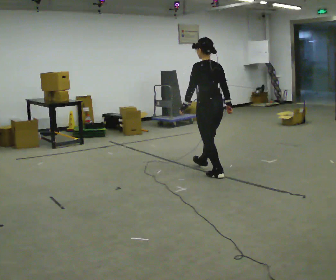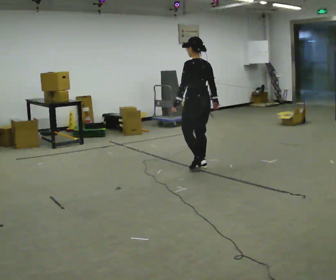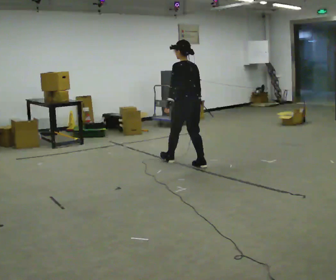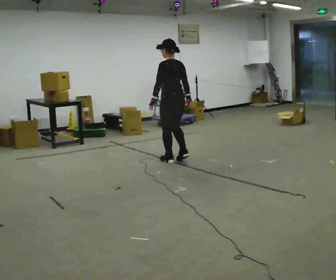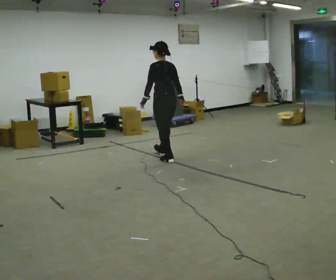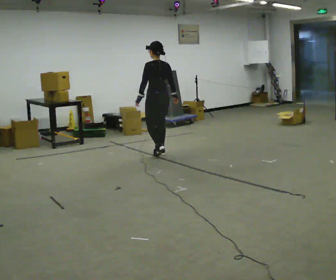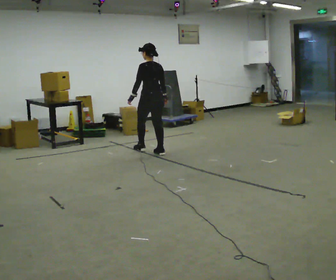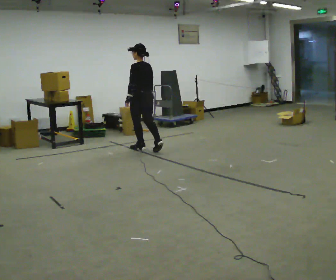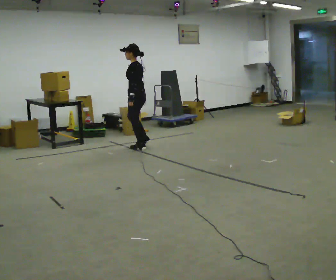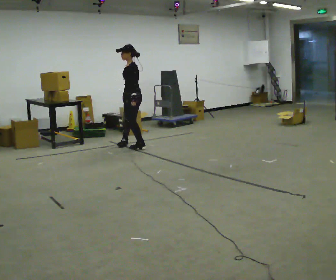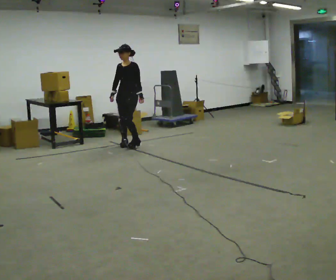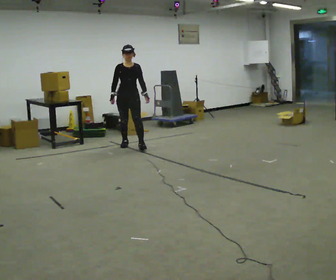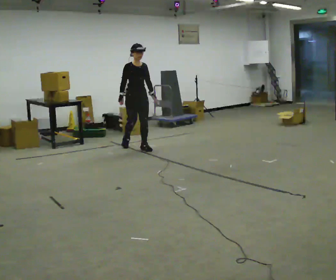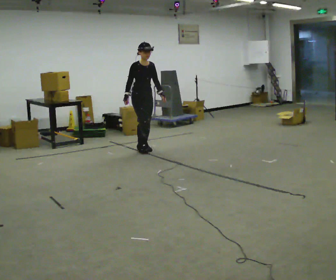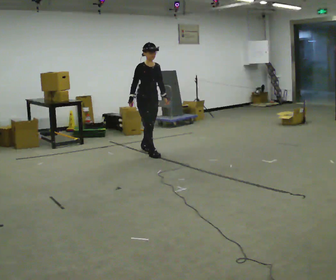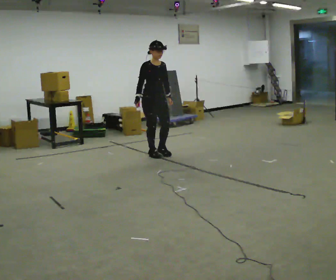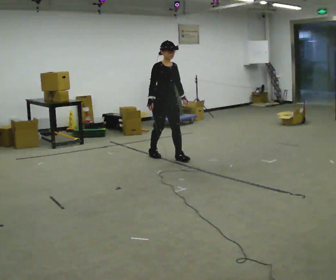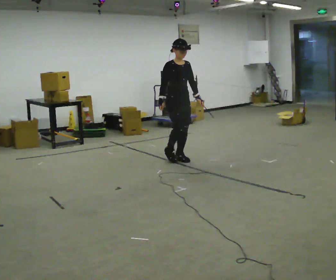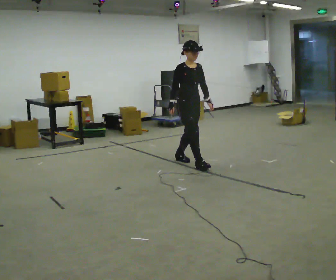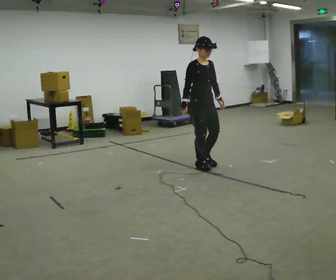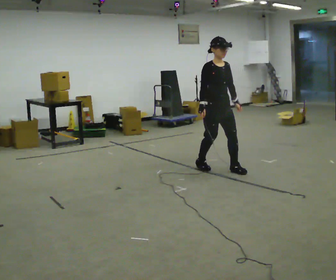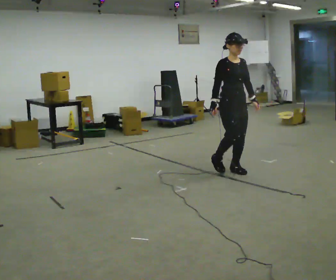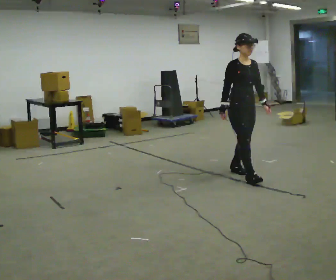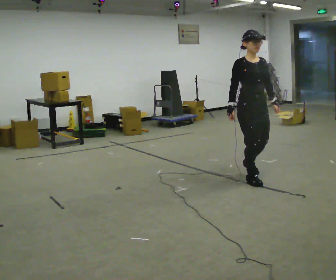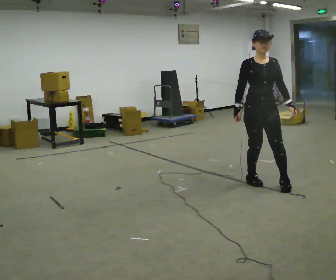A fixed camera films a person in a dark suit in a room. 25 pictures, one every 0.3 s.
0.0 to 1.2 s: In the picture they go away from the camera and to the left, about 1 m in 2 steps, which for them is forward.
1.2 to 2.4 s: The part of the body nearest the lens slides to the right as the person turns to their left by about 30 degrees. In the picture they go away from the camera and to the left, about 1 m in 2 steps, which for them is forward.
2.4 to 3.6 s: Seen from above the body turns counterclockwise, about 135 degrees: to their left, with its near side sliding to the right. In the picture their right hand goes to the left.
3.6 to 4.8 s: In the picture they go toward the camera and to the right, about 0.5 m in 1 step, which for them is forward.
4.8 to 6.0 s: In the picture they go toward the camera and to the right, about 1 m in 2 steps, which for them is forward.
6.0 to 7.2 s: In the picture they go toward the camera and to the right, about 1 m in 2 steps, which for them is forward.
The film runs backward here.
